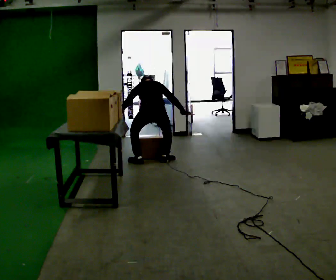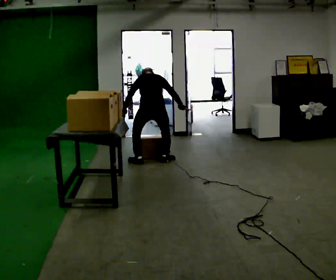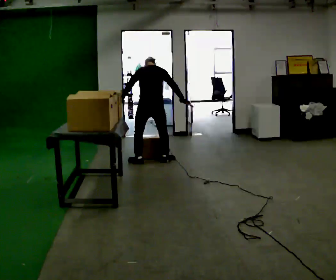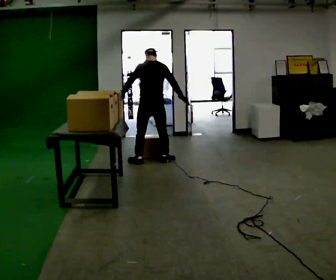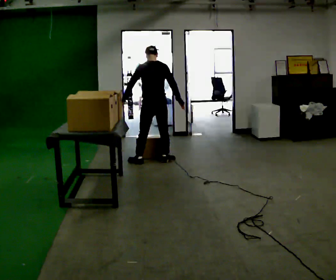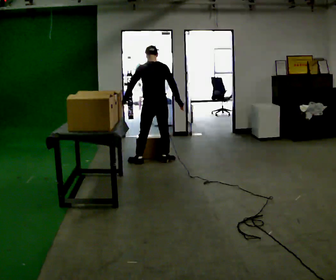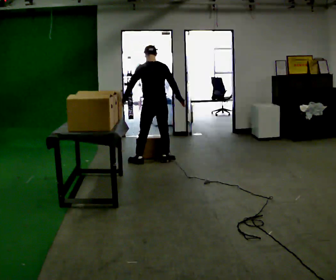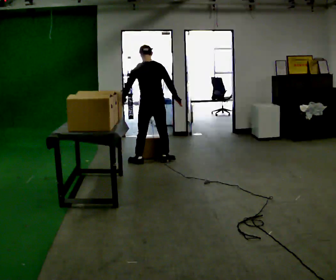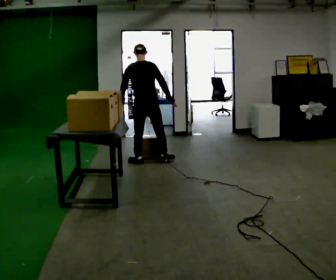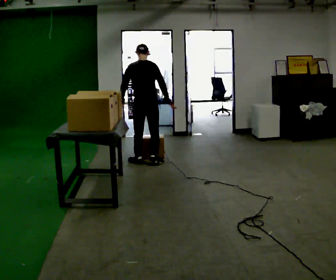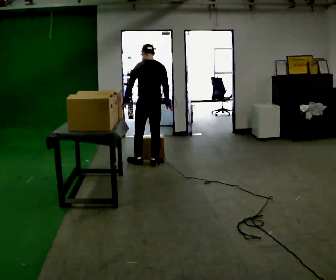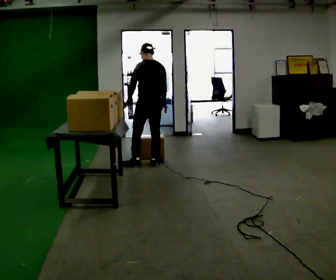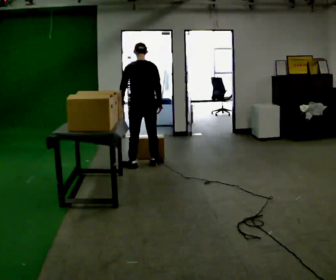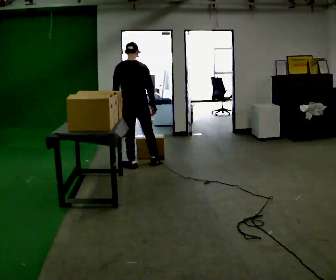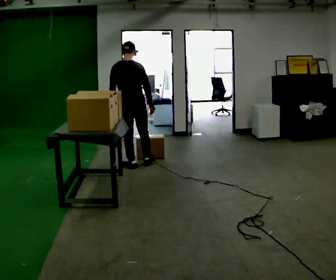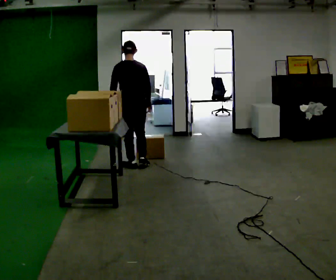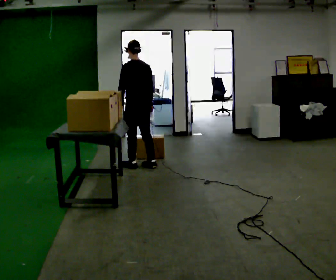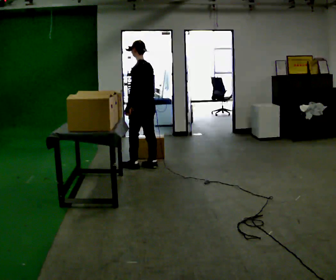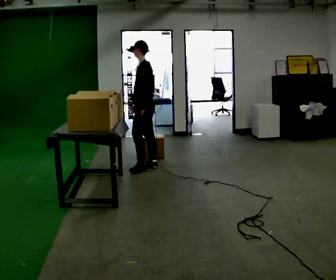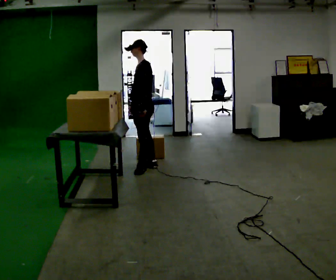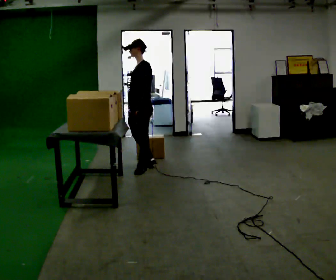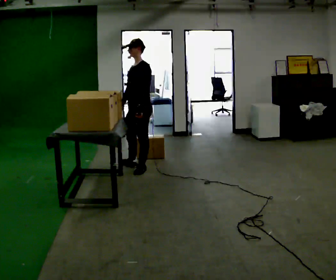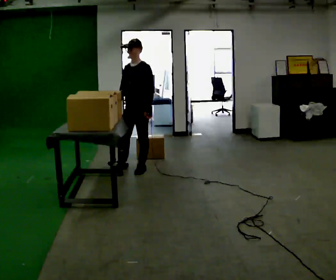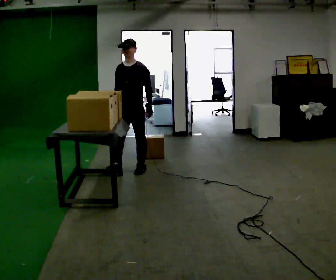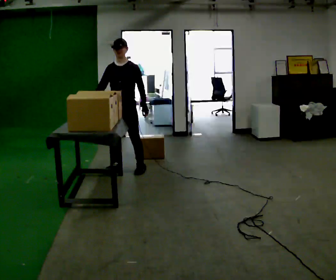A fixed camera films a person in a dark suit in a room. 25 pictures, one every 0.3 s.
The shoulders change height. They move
upward.
0.0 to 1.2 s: In the picture they go away from the camera, about 0.25 m, which for them is forward. The shoulders move upward. The upper body tips toward the camera, its near side rolling downward, as they lean back or straighten.
1.2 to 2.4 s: The person moves a little, or ends about where they began.
2.4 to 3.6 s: In the picture they go toward the camera, about 0.25 m in 1 step, which for them is backward.
3.6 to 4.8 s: The person moves a little, or ends about where they began.
4.8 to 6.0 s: Seen from above the body turns counterclockwise, about 75 degrees: to their left, with its near side sliding to the right.
6.0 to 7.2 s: The person turns about 60 degrees to their left, counterclockwise seen from above, so the part of the body nearest the lens slides to the right. In the picture they go to the left, about 0.25 m in 2 steps, which for them is forward and to their right.
The film runs backward here.
